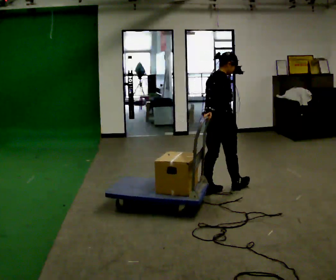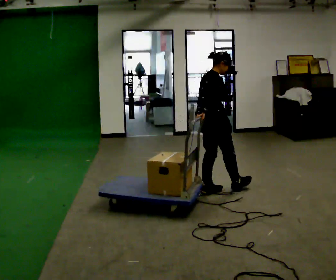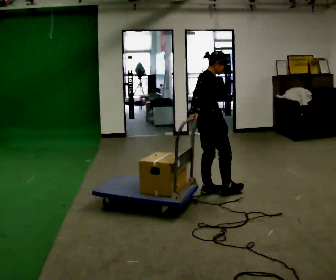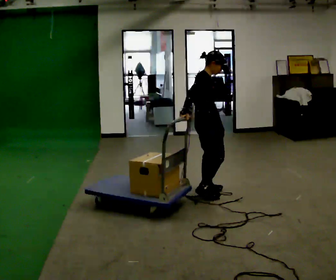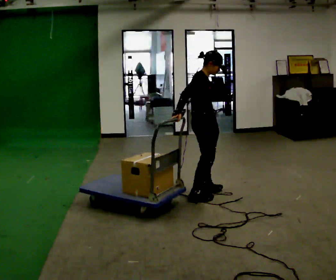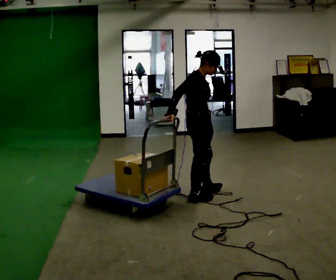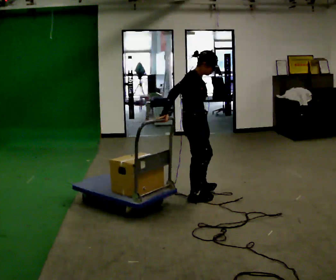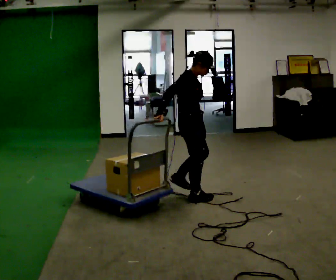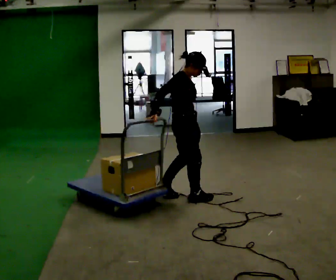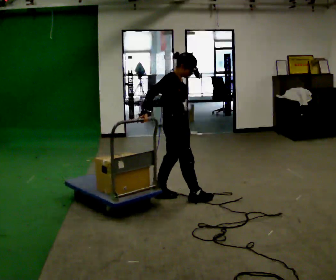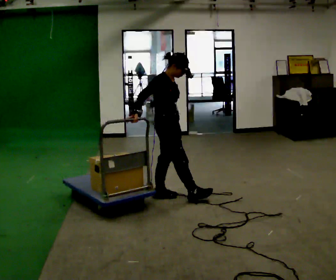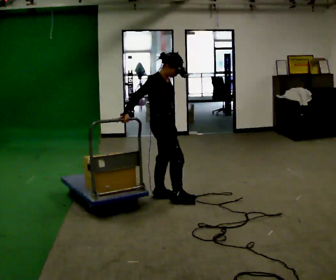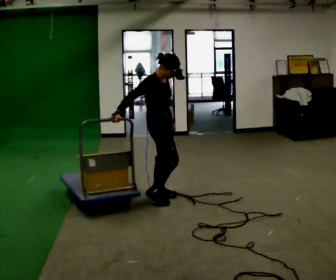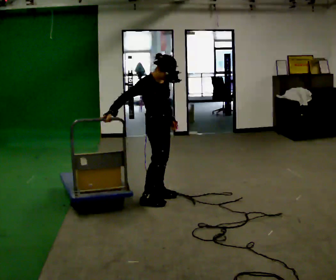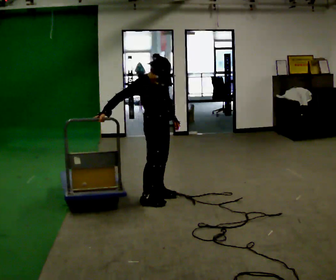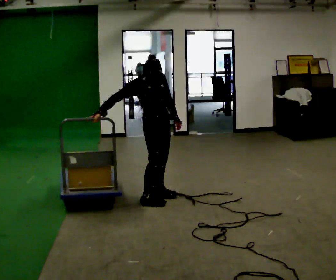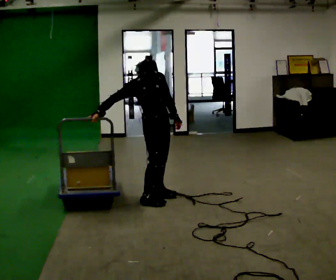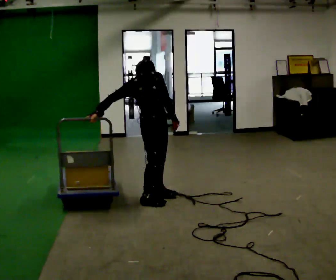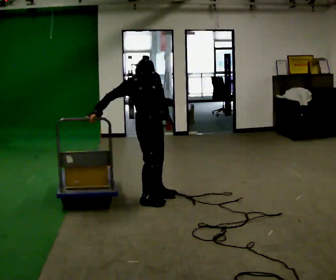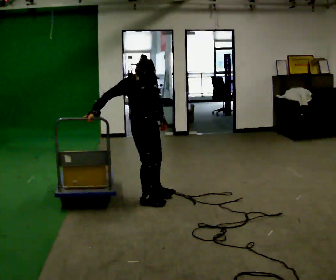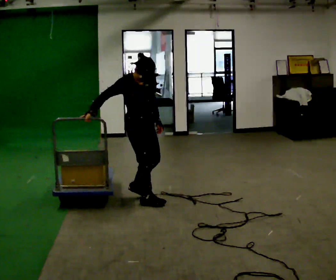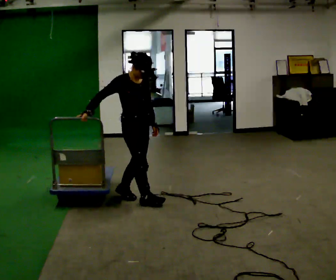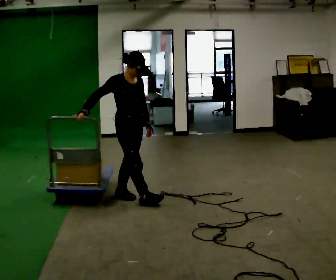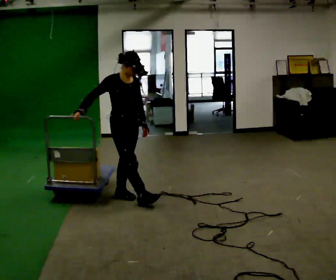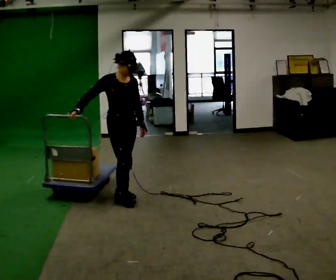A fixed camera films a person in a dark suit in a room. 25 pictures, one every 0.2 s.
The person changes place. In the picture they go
to the left.
The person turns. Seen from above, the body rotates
clockwise.
0.0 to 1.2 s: In the picture they go to the left and toward the camera, about 0.25 m in 2 steps, which for them is backward and to their right.
1.2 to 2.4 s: In the picture they go to the left, about 0.25 m in 1 step, which for them is backward.
2.4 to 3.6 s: The person moves a little, or ends about where they began.
3.6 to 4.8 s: In the picture they go to the left, about 0.25 m in 2 steps, which for them is backward.
The film runs backward here.
